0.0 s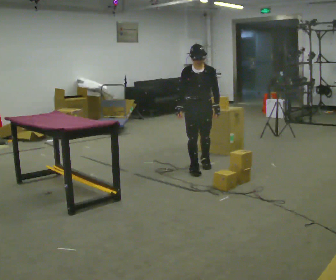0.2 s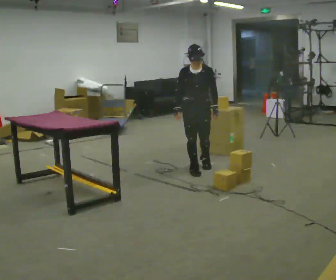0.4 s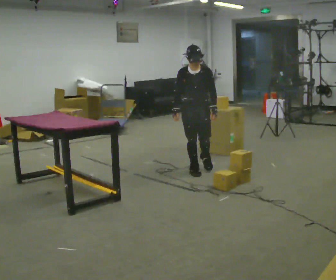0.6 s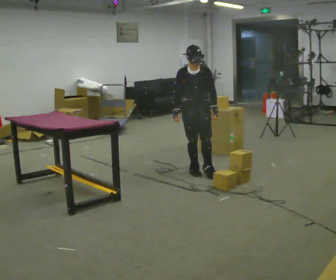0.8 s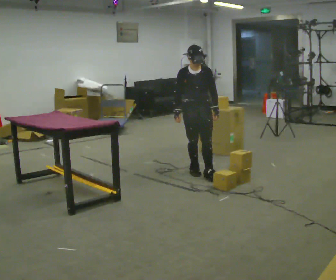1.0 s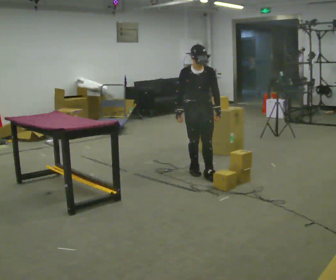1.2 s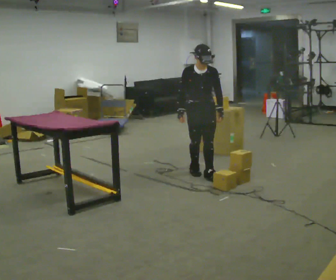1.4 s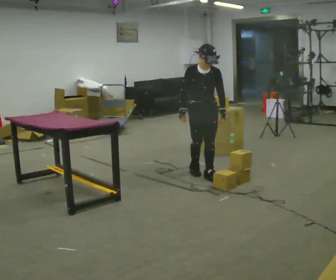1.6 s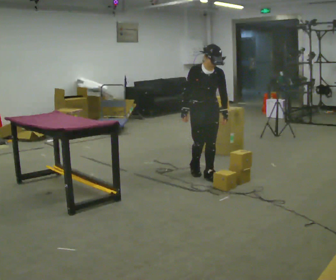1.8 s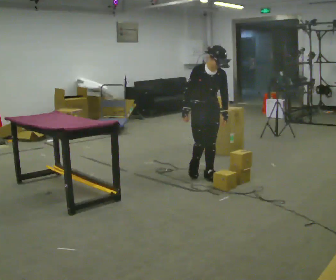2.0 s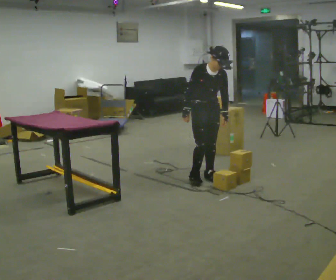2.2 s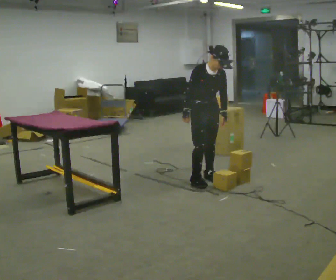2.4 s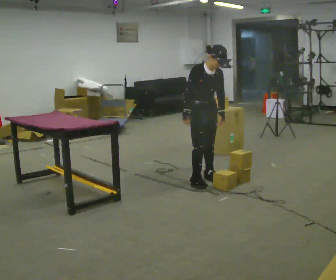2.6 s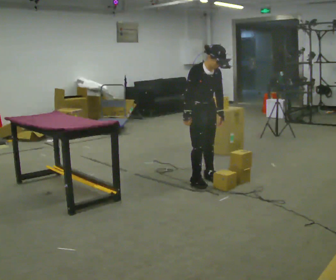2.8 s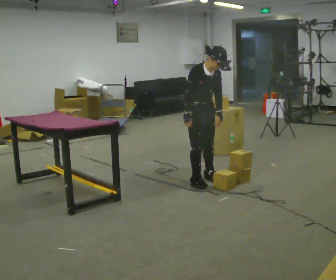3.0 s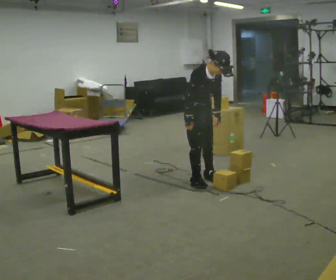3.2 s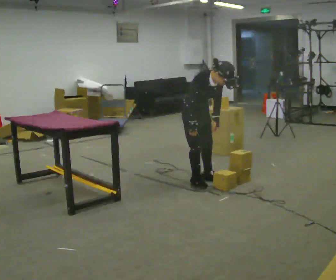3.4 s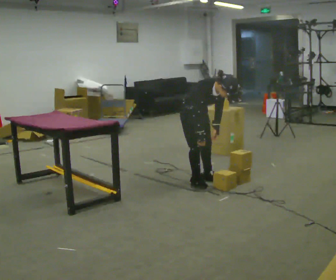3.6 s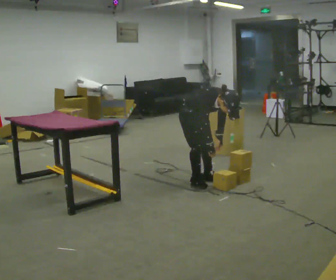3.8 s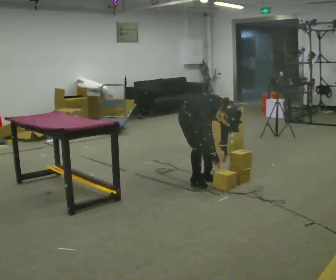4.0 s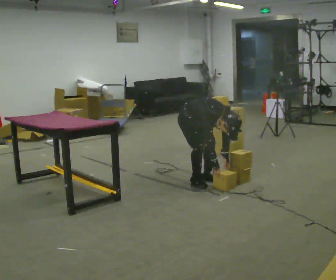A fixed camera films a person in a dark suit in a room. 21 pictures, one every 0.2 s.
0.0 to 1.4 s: In the picture they go toward the camera, about 0.25 m in 1 step, which for them is forward.
1.4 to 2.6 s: Seen from above the body turns counterclockwise, about 30 degrees: to their left, with its near side sliding to the right. In the picture they go toward the camera, about 0.25 m in 1 step, which for them is forward.
2.6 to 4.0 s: The shoulders move downward. The upper body tips toward the camera, its near side rolling downward, as they bend forward. In the picture their right hand goes downward.
The film runs forward here.
